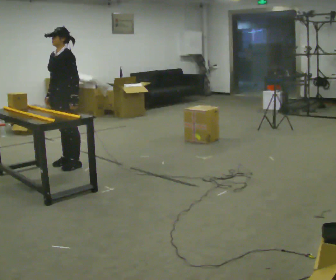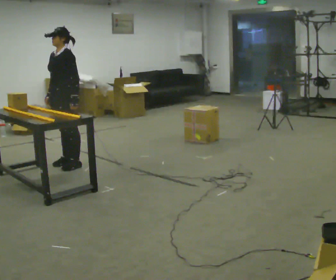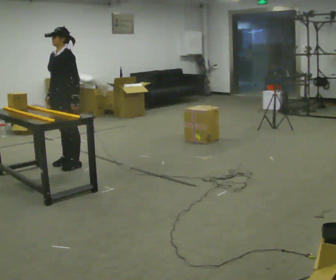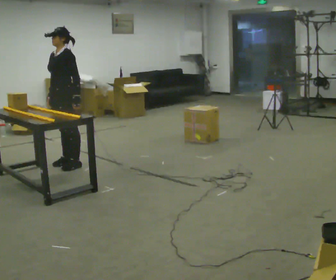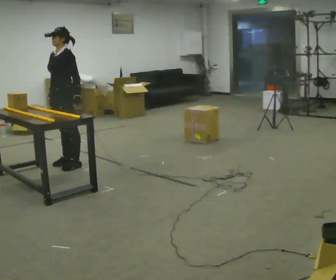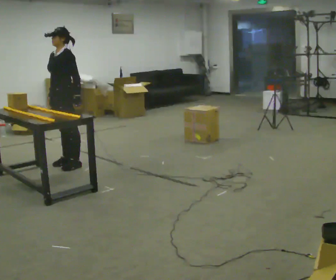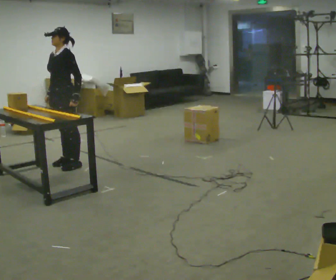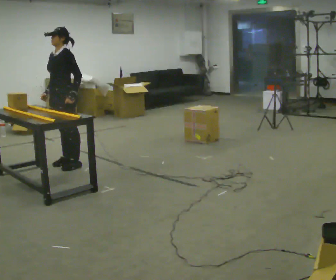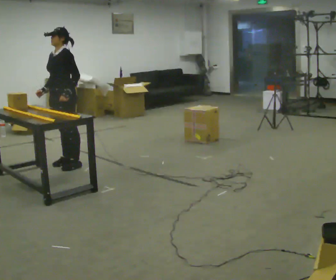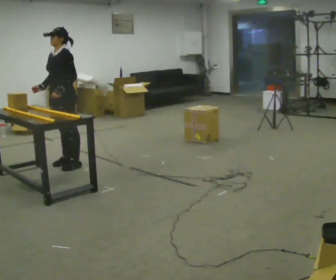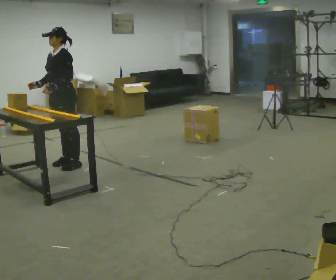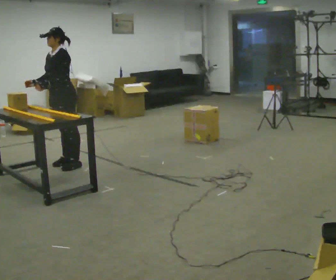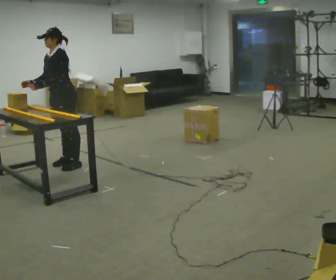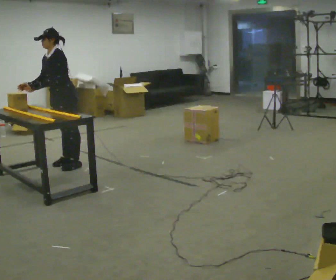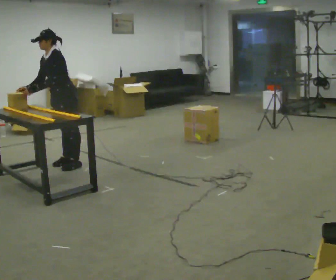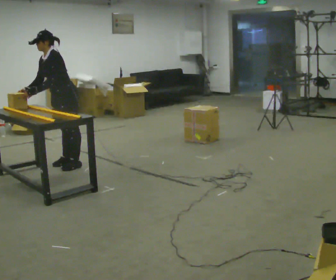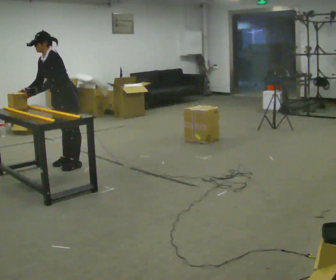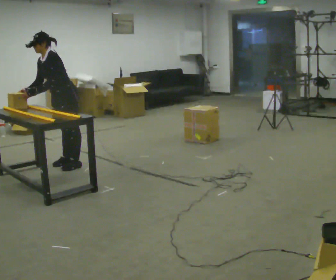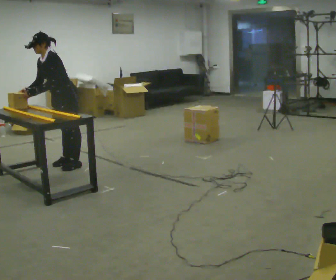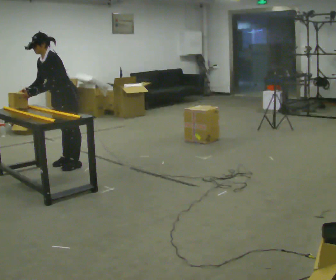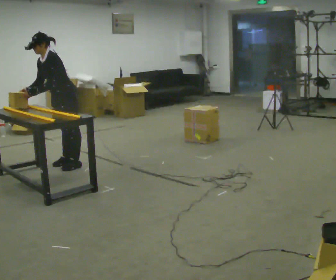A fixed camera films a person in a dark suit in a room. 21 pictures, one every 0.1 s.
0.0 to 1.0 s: The person moves a little, or ends about where they began.
1.0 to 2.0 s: In the picture the upper body tilts counterclockwise, shoulders to the left, as they bend forward.
The film runs backward here.
